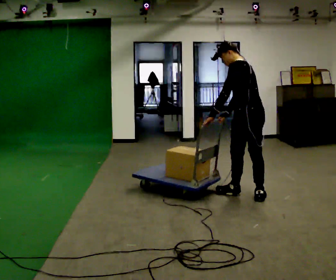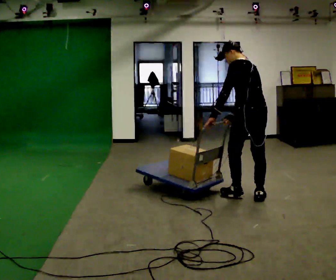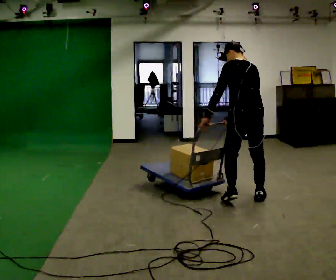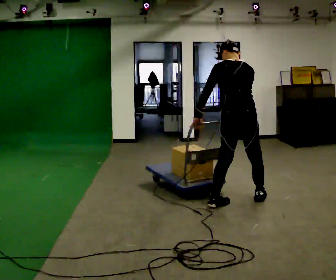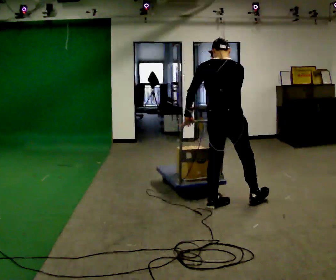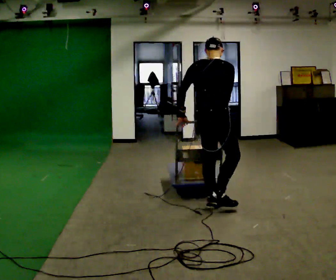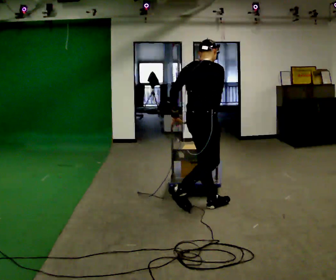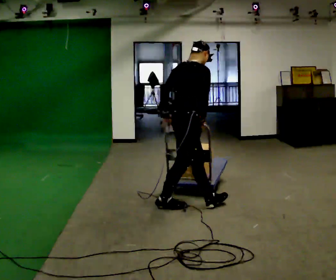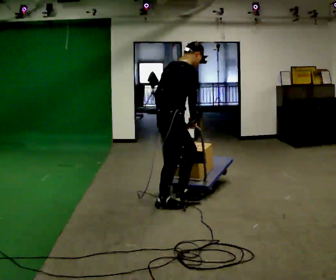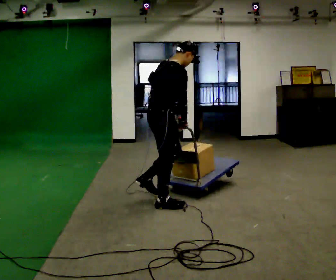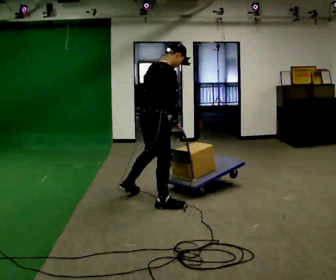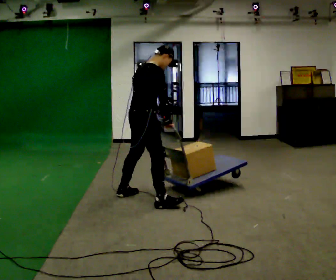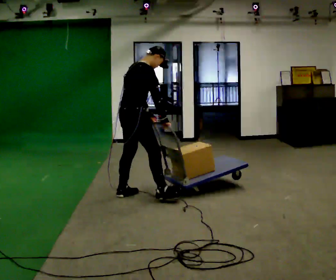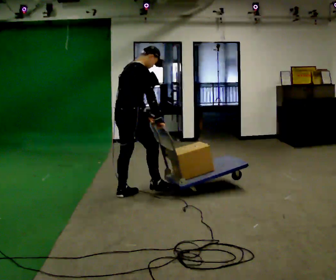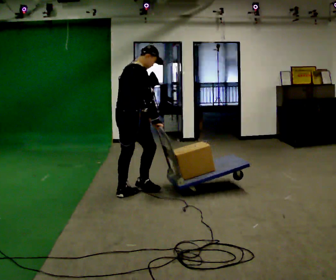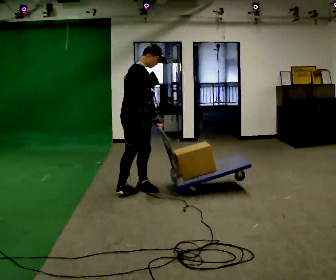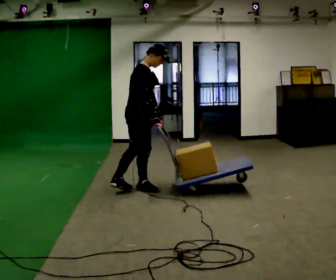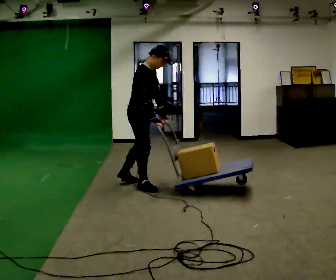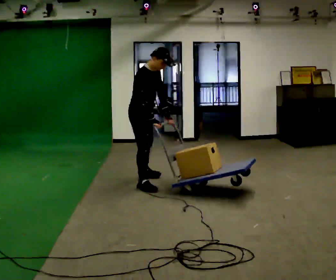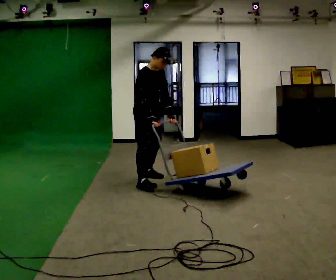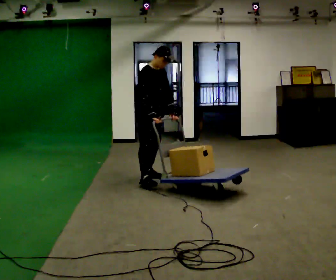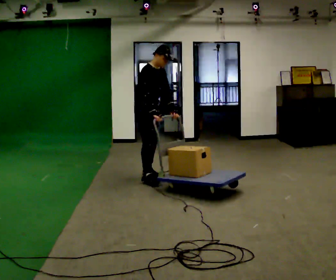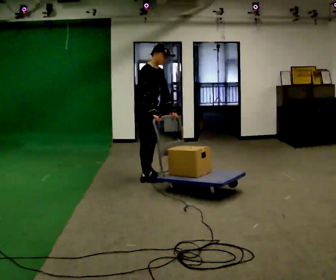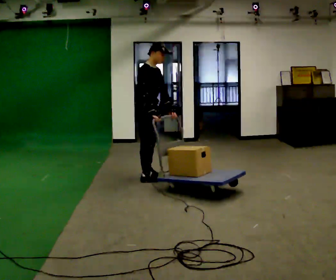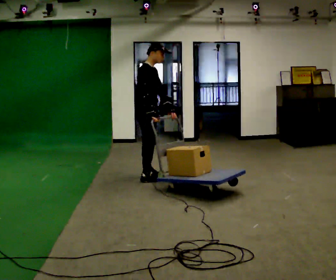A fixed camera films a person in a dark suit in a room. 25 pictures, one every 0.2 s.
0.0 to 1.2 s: The part of the body nearest the lens slides to the left as the person turns to their right by about 105 degrees. In the picture they go to the left, about 0.5 m in 2 steps.
1.2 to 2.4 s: In the picture they go to the left and away from the camera, about 1 m in 2 steps, which for them is backward and to their left.
2.4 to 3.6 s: The part of the body nearest the lens slides to the left as the person turns to their right by about 45 degrees. In the picture they go away from the camera, about 0.5 m in 1 step, which for them is to their left and forward. The upper body tips toward the camera, its near side rolling downward.
3.6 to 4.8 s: In the picture they go away from the camera, about 0.25 m in 1 step, which for them is to their left.
The film runs backward here.
